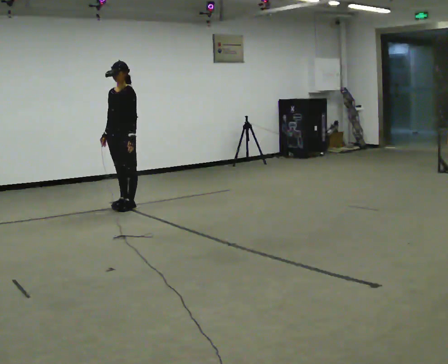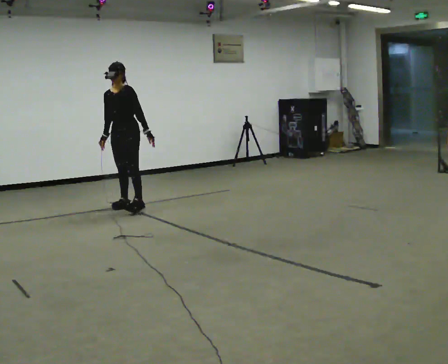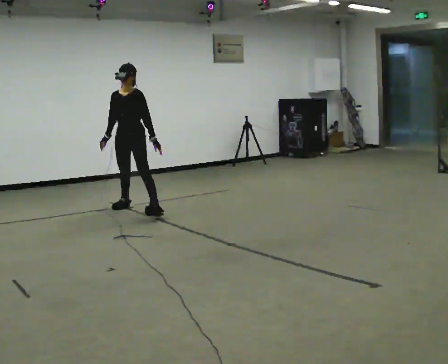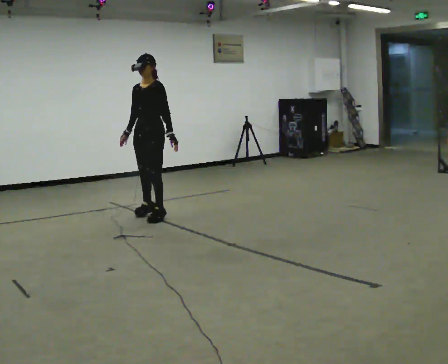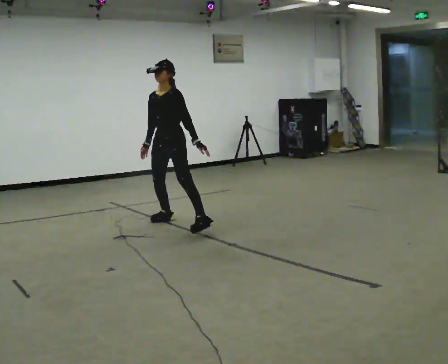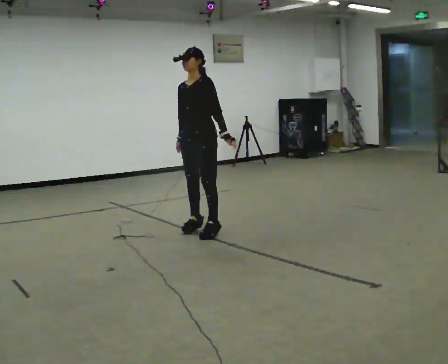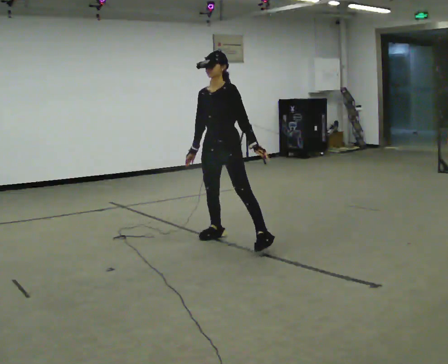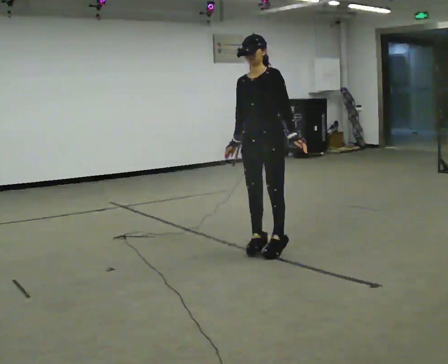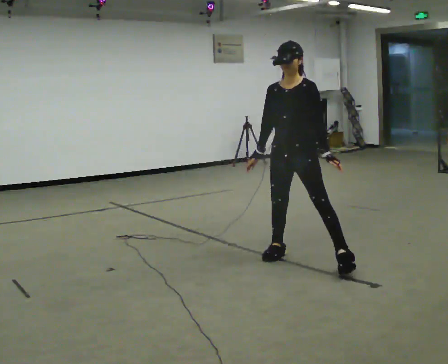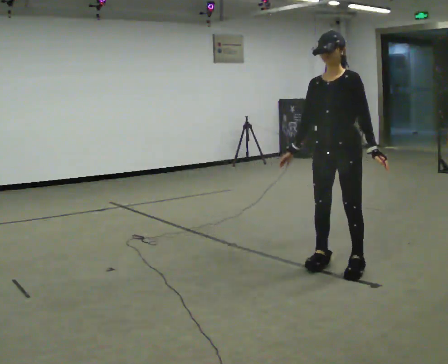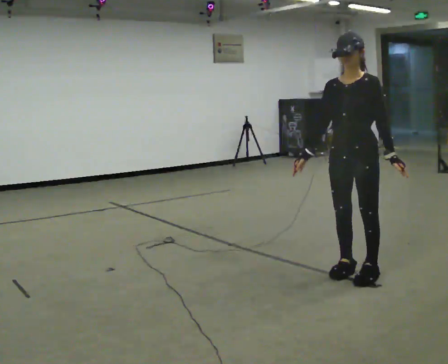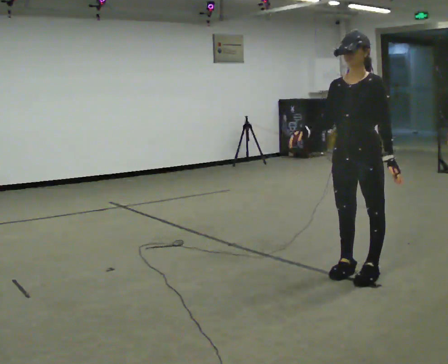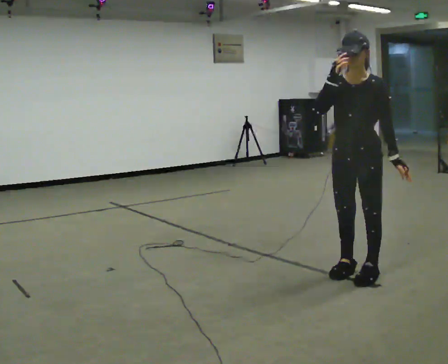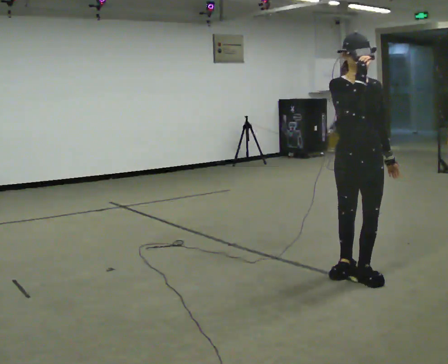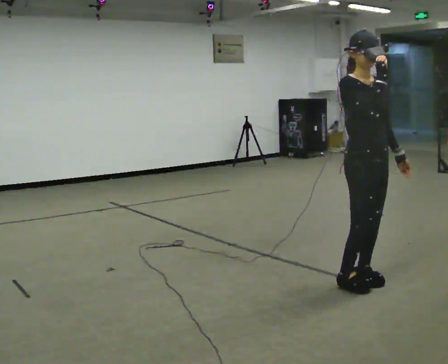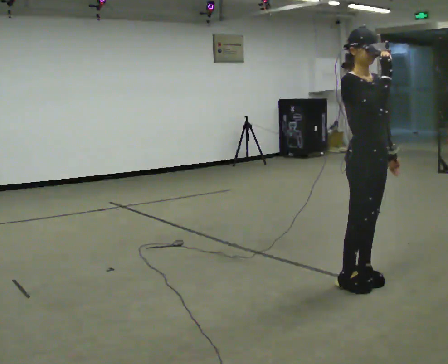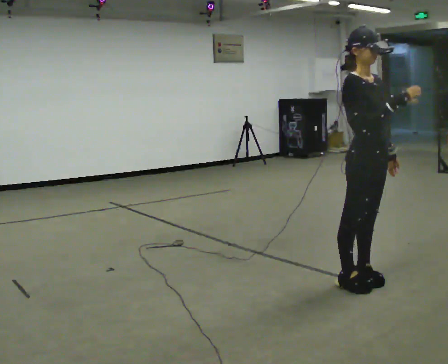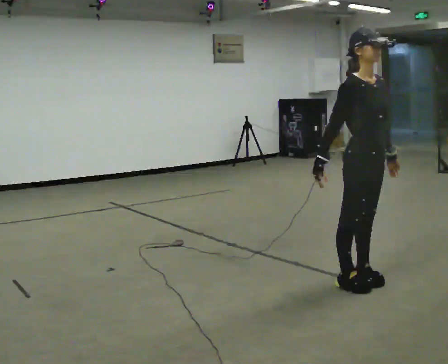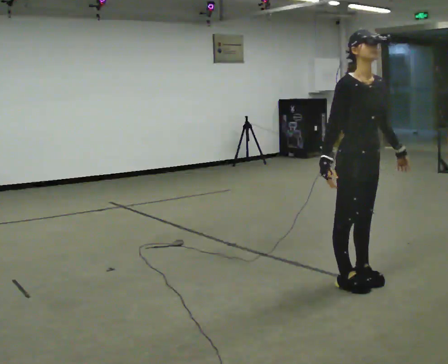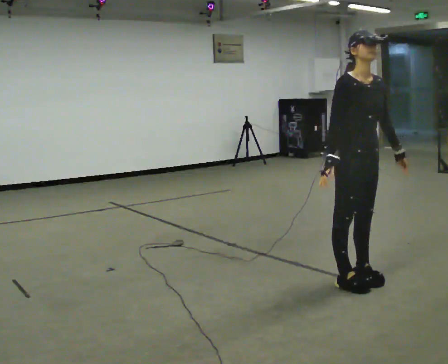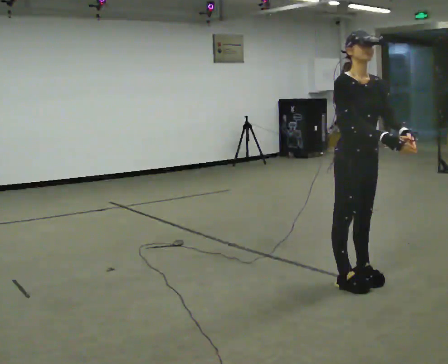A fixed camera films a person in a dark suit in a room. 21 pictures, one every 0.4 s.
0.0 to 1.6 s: In the picture they go to the right and toward the camera, about 1 m in 2 steps, which for them is to their left and forward.
1.6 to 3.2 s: In the picture they go to the right and toward the camera, about 1.5 m in 4 steps, which for them is to their left.
3.2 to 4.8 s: In the picture they go to the right and toward the camera, about 0.5 m in 3 steps, which for them is to their left. In the picture their right hand goes upward.
4.8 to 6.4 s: Seen from above the body turns counterclockwise, about 60 degrees: to their left, with its near side sliding to the right. In the picture they go toward the camera, about 0.25 m in 1 step. In the picture their right hand goes to the right.
6.4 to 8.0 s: The person moves a little, or ends about where they began.
The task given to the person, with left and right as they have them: Shuffle sideways quickly in the direction the operator calls, without crossing your feet.
The film runs forward here.
